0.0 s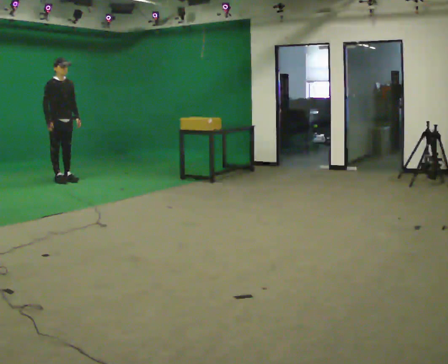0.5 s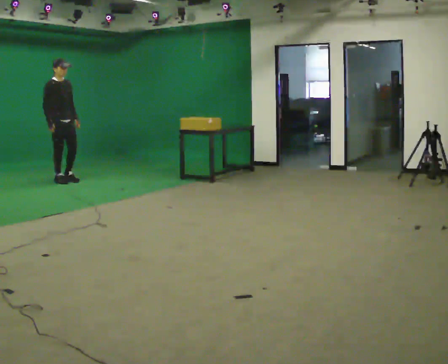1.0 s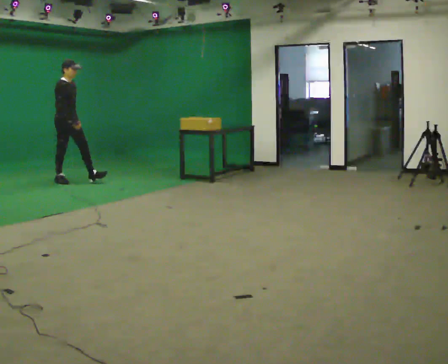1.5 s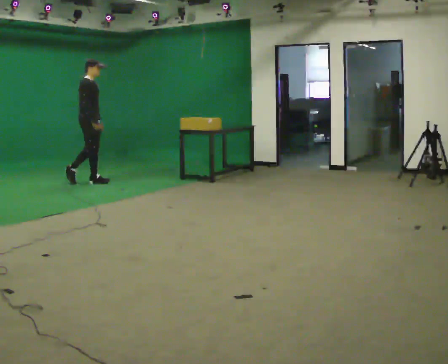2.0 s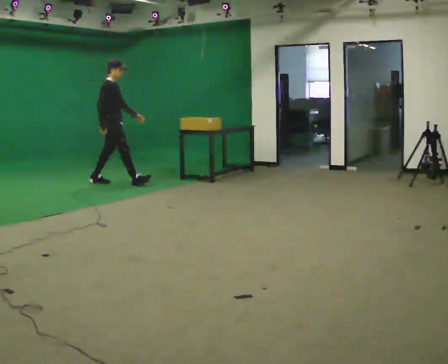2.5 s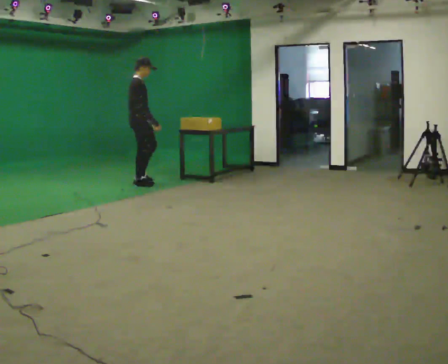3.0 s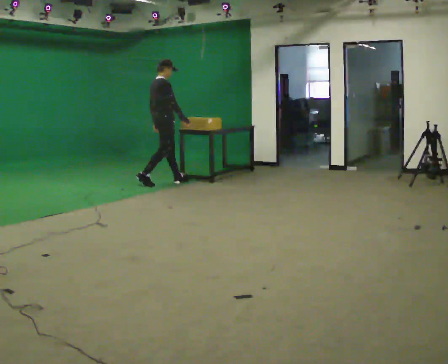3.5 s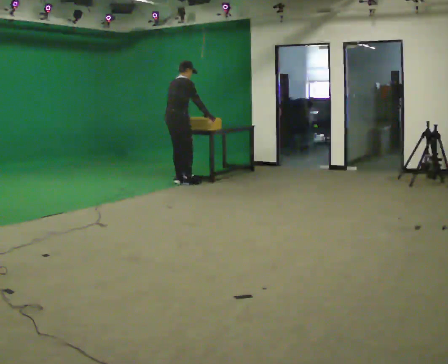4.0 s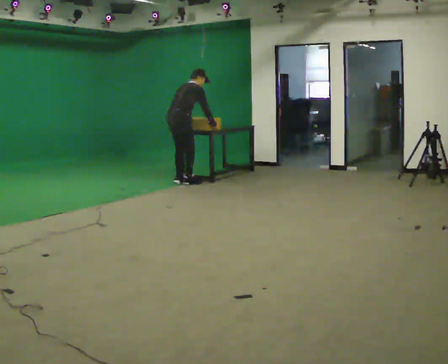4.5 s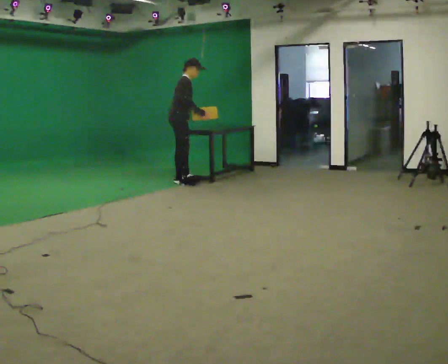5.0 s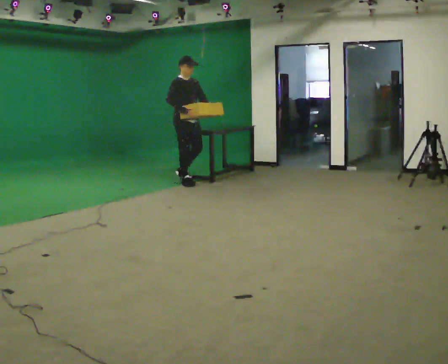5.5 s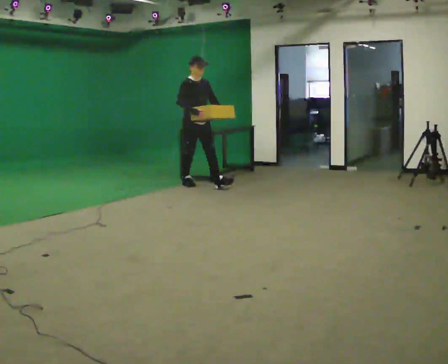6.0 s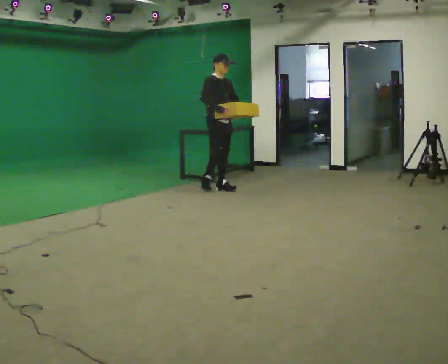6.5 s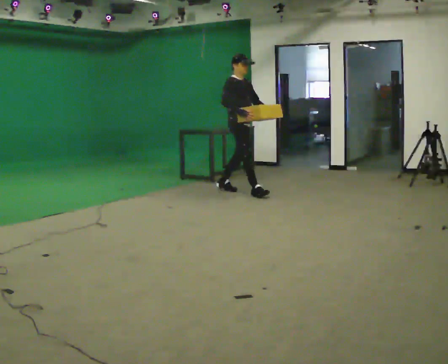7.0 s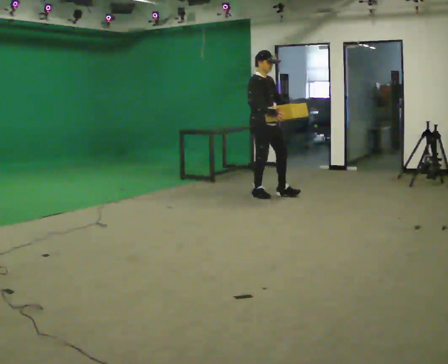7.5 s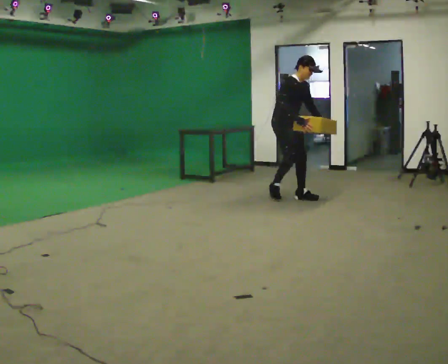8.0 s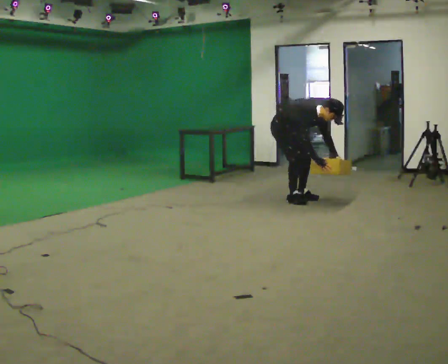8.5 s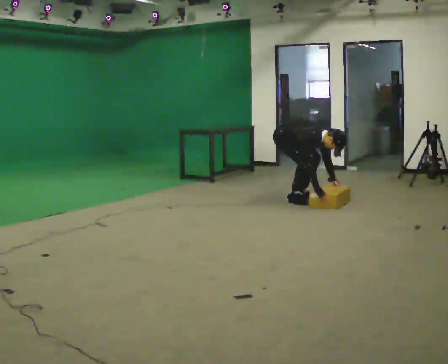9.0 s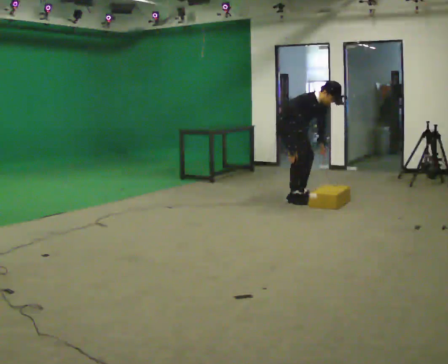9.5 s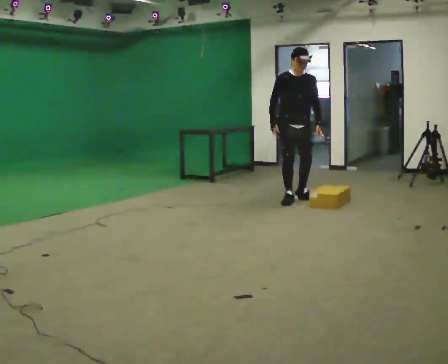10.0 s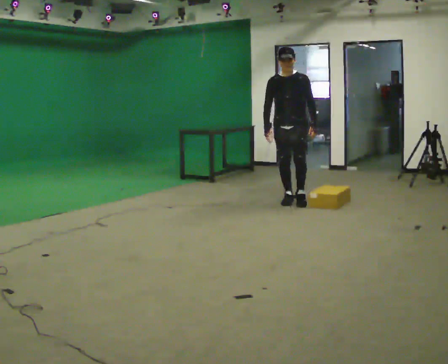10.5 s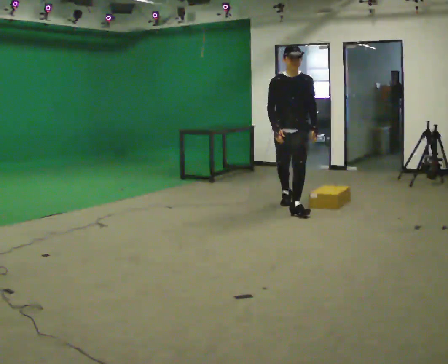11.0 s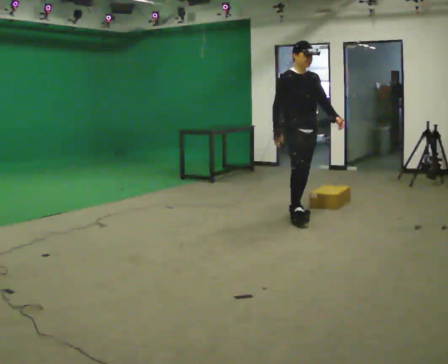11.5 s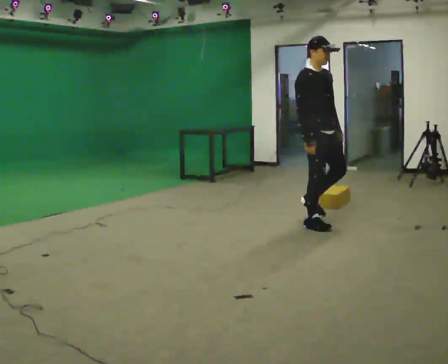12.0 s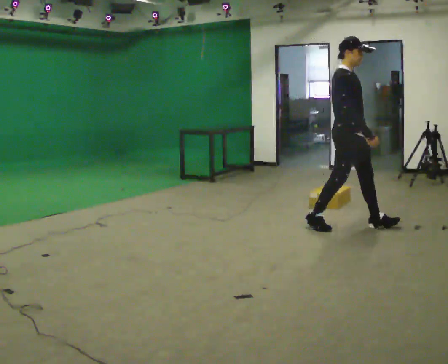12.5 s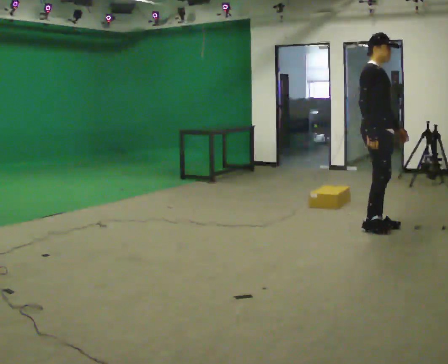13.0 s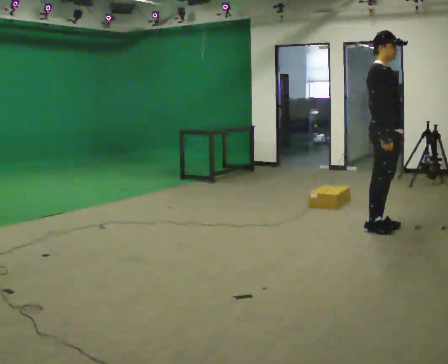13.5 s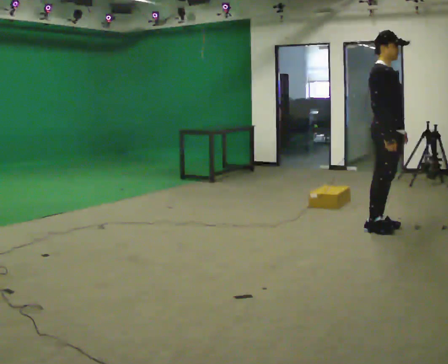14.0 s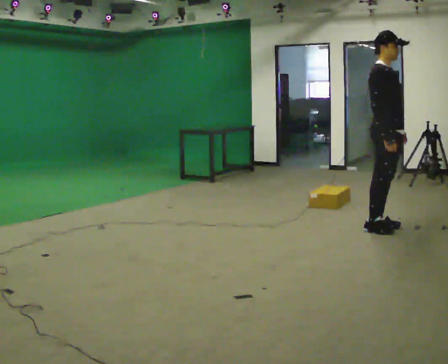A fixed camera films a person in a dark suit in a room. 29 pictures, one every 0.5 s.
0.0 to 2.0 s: Seen from above the body turns counterclockwise, about 45 degrees: to their left, with its near side sliding to the right. In the picture they go to the right, about 1 m in 2 steps, which for them is forward.
2.0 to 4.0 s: The part of the body nearest the lens slides to the right as the person turns to their left by about 45 degrees. In the picture they go to the right, about 1 m in 2 steps, which for them is forward and to their right. The upper body tips away from the camera, its near side rolling upward, as they bend forward.
4.0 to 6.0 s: The person turns about 90 degrees to their right, clockwise seen from above, so the part of the body nearest the lens slides to the left. In the picture they go to the right and toward the camera, about 0.75 m in 1 step.
6.0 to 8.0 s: In the picture they go to the right and toward the camera, about 1 m in 3 steps, which for them is forward. The upper body goes downward. In the picture the upper body tilts clockwise, shoulders to the right, as they bend forward. In the picture their left hand goes downward.
8.0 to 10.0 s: The person turns about 75 degrees to their right, clockwise seen from above, so the part of the body nearest the lens slides to the left. In the picture they go toward the camera, about 0.25 m. In the picture the upper body tilts counterclockwise, shoulders to the left, as they lean back or straighten. In the picture their right hand goes to the left and upward.
10.0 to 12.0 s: The person turns about 75 degrees to their left, counterclockwise seen from above, so the part of the body nearest the lens slides to the right. In the picture they go toward the camera and to the right, about 1.5 m in 3 steps.
12.0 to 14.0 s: In the picture they go to the right, about 0.25 m in 1 step, which for them is forward.
The film runs forward here.
